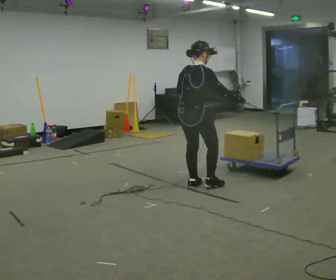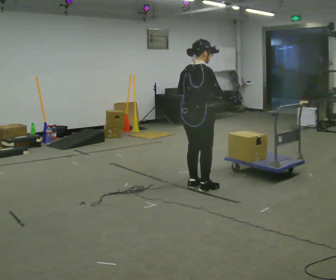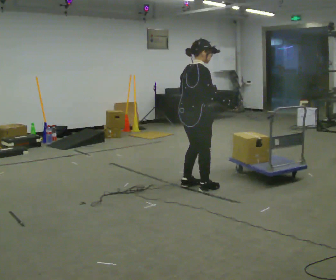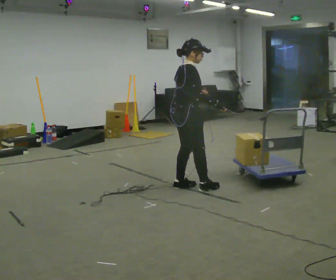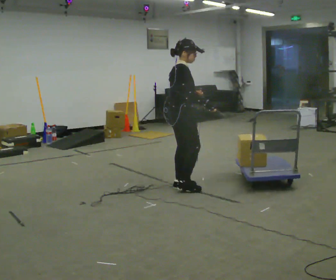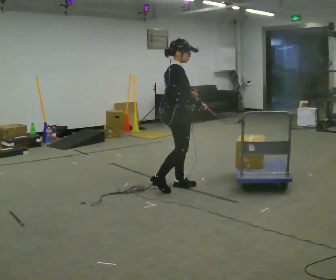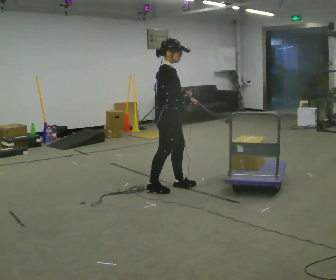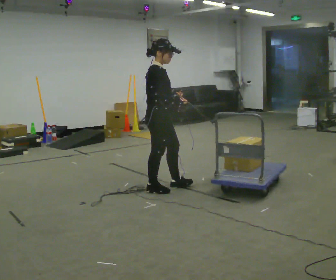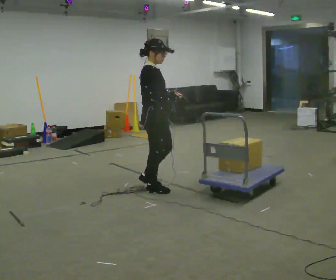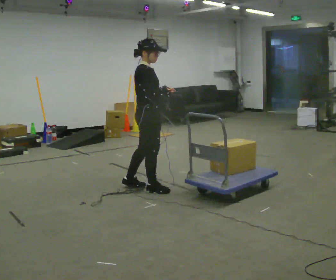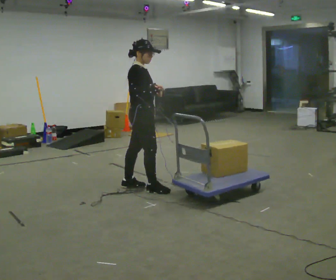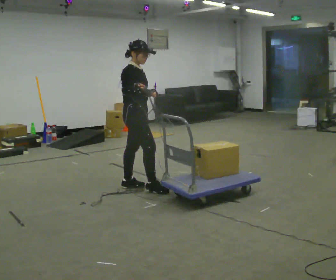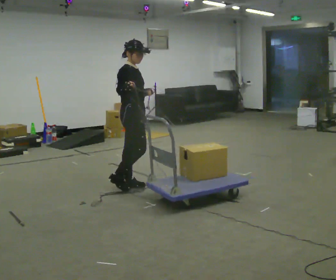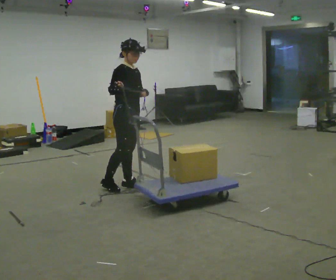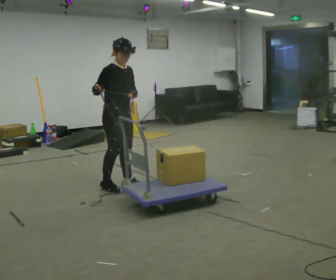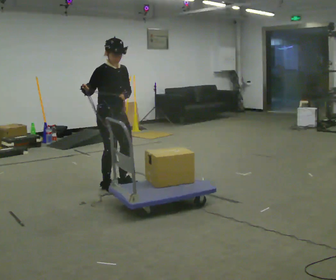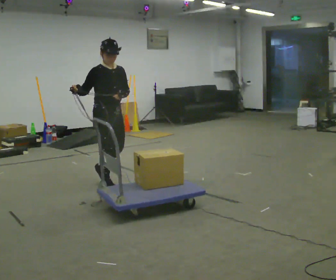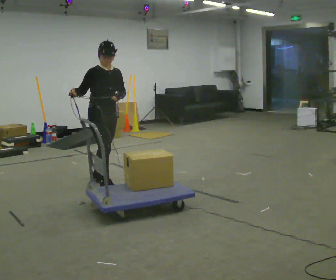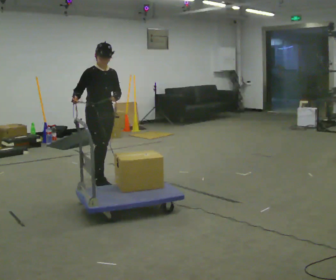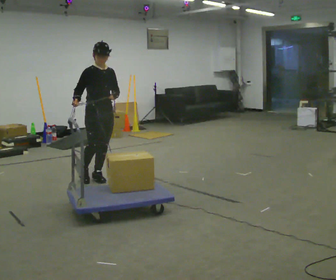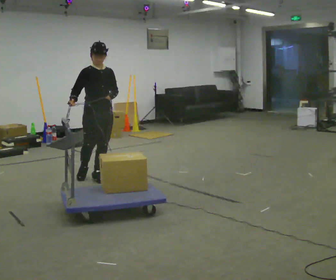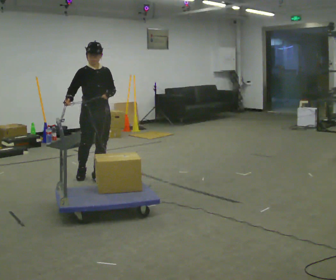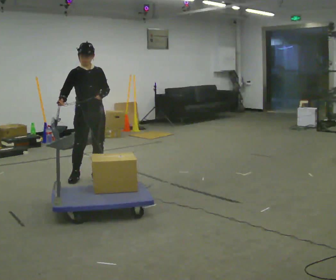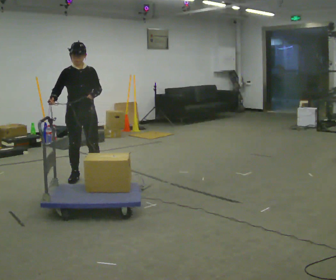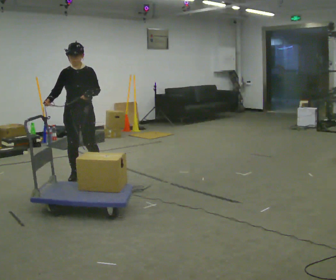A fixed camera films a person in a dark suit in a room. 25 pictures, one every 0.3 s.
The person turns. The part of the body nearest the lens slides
to the left.
The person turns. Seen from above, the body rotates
clockwise.
0.0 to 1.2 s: Seen from above the body turns clockwise, about 30 degrees: to their right, with its near side sliding to the left. In the picture they go to the left, about 0.25 m in 2 steps, which for them is backward. In the picture their right hand goes to the left.
1.2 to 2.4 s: In the picture they go to the left, about 0.25 m in 1 step, which for them is backward and to their right.
2.4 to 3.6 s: In the picture they go to the left and away from the camera, about 0.25 m in 1 step, which for them is backward and to their left.
3.6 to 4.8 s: The person turns about 45 degrees to their right, clockwise seen from above, so the part of the body nearest the lens slides to the left. In the picture they go to the left, about 0.25 m in 1 step, which for them is backward and to their right.
4.8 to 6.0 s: In the picture they go away from the camera, about 0.25 m in 2 steps, which for them is backward.
6.0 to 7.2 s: In the picture they go to the left, about 0.25 m, which for them is to their right and backward.
The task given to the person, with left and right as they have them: Hold the rope in both hands and drag the sled towards you as you walk backward. The operator will confirm the space behind you is clear.
The film runs forward here.
